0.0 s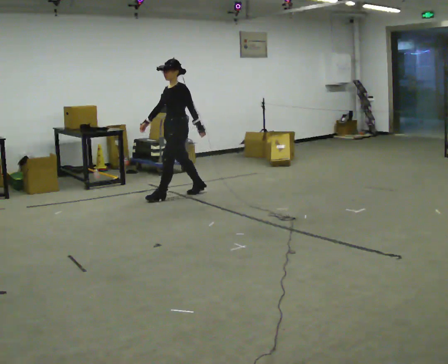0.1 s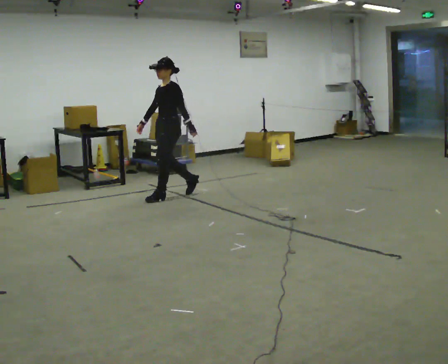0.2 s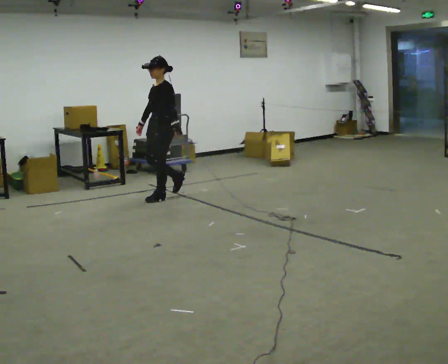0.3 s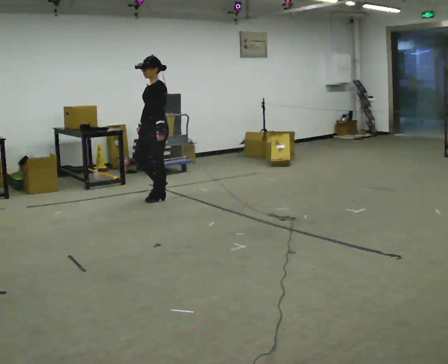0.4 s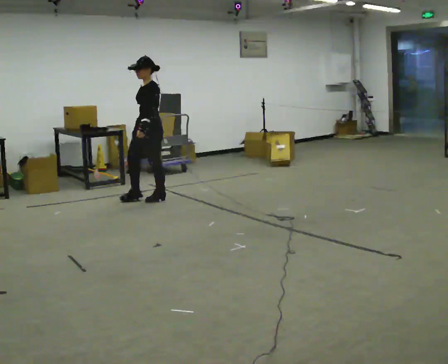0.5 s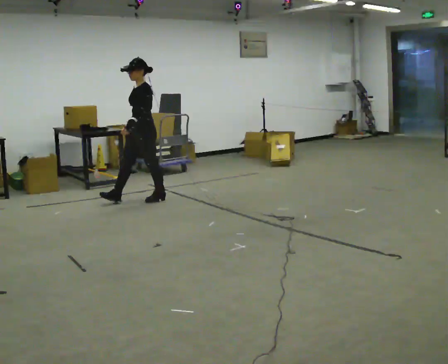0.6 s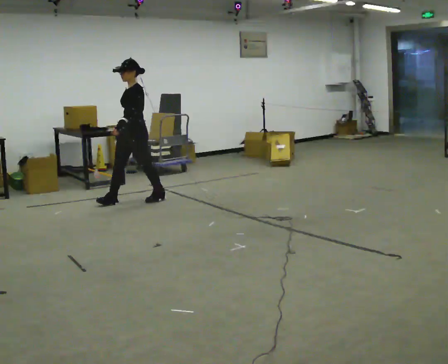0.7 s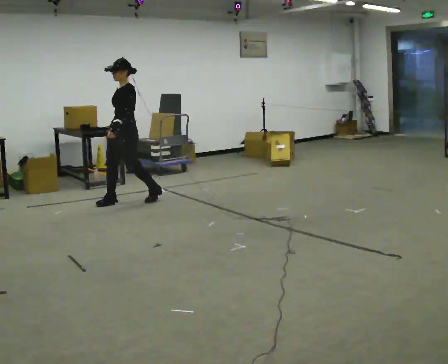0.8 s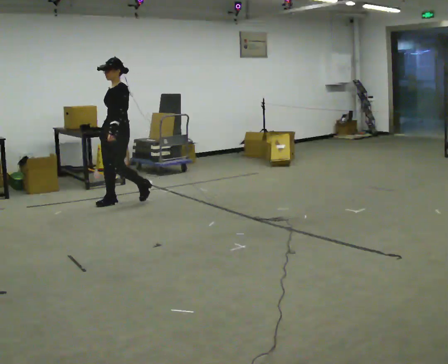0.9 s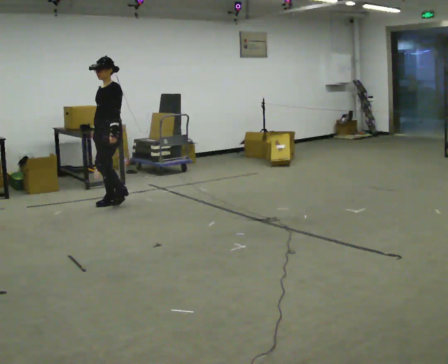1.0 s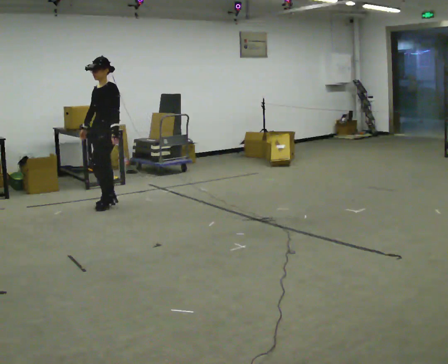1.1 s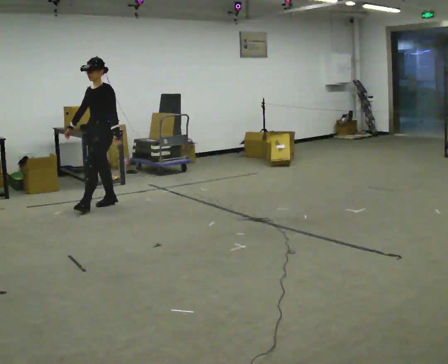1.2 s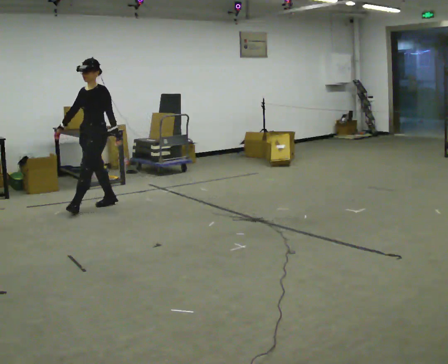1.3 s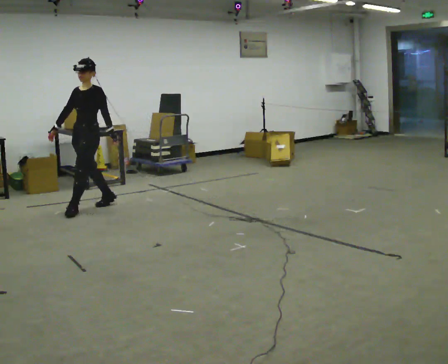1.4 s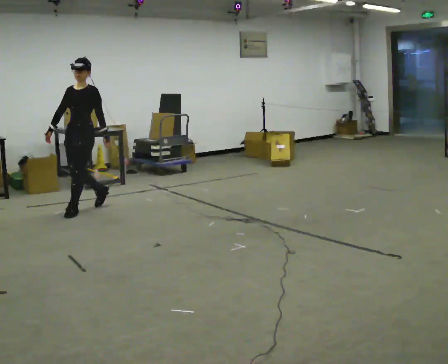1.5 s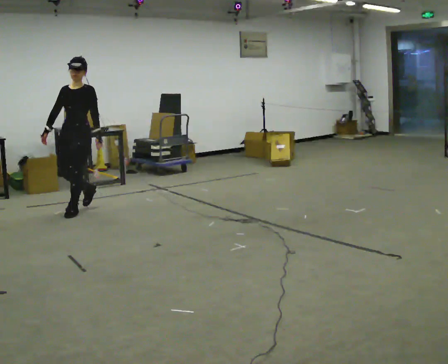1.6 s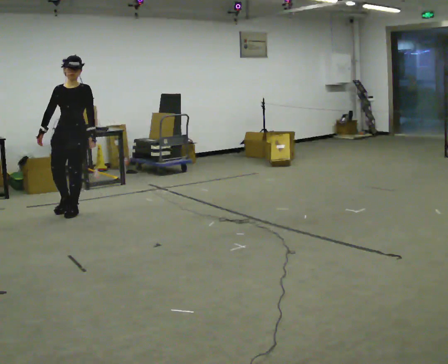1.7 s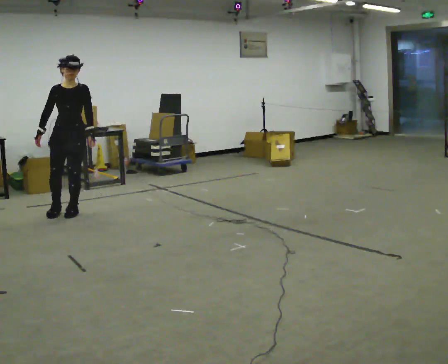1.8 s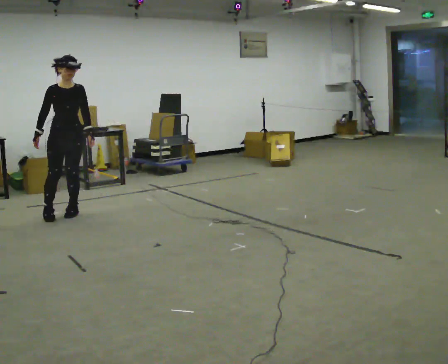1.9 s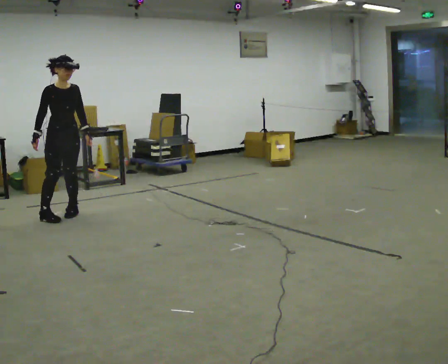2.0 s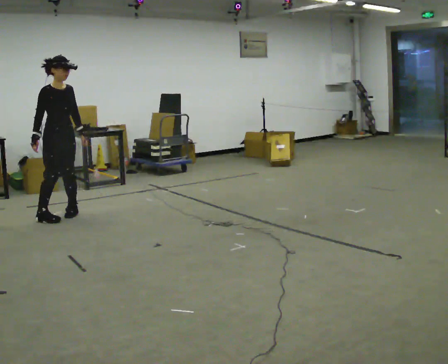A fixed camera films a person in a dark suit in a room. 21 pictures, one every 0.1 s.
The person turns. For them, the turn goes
to their left.
The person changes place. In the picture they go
to the left.
0.0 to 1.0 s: In the picture they go to the left, about 1 m in 1 step, which for them is forward.
1.0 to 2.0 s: The part of the body nearest the lens slides to the right as the person turns to their left by about 105 degrees. In the picture they go to the left and toward the camera, about 0.75 m in 2 steps.
The film runs forward here.
